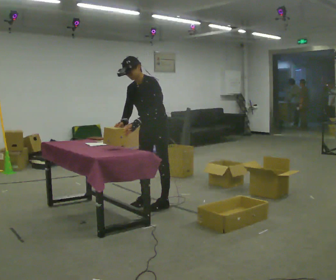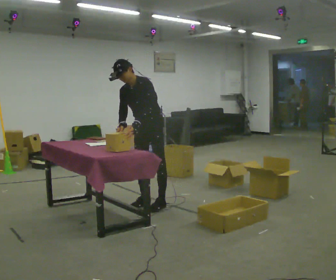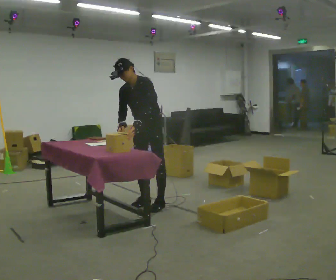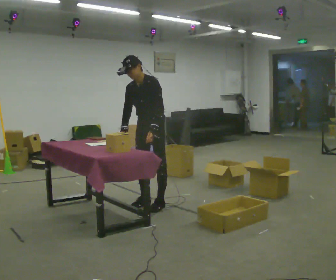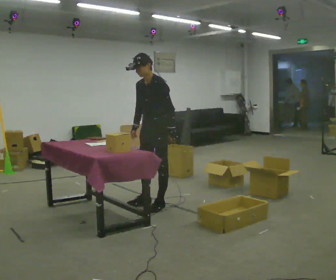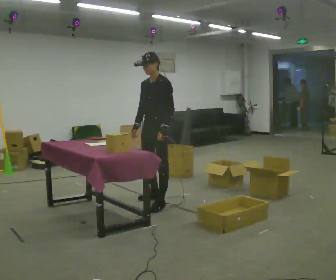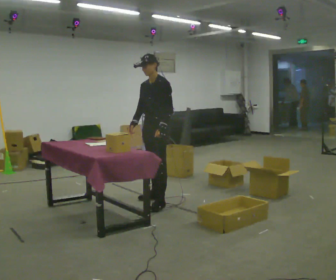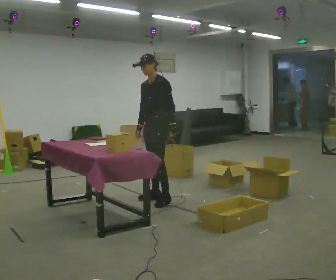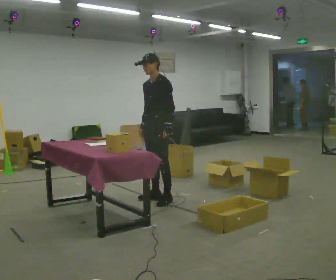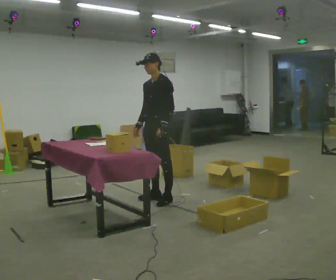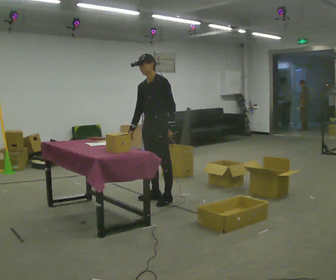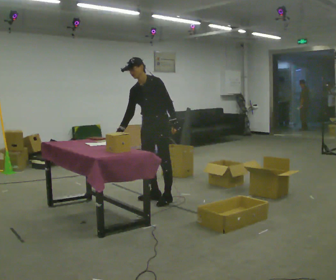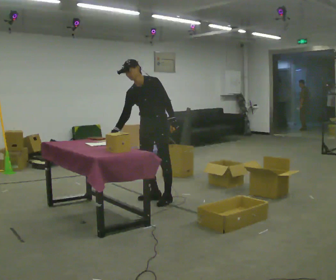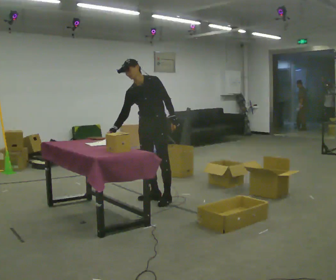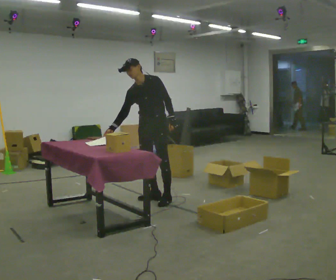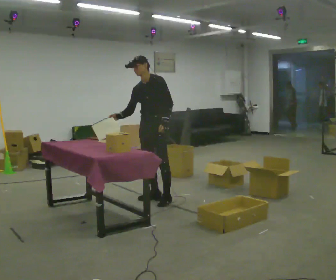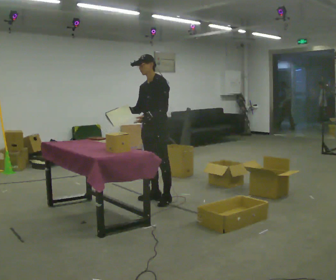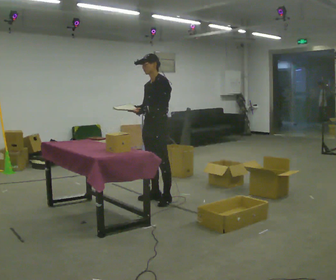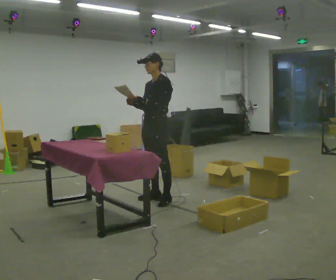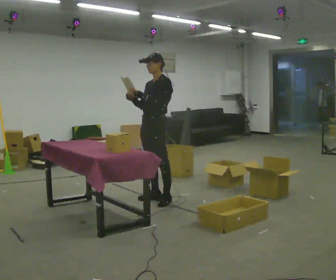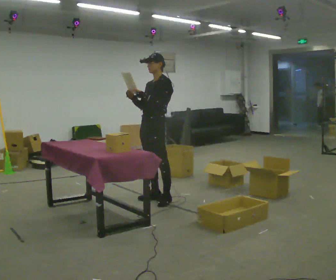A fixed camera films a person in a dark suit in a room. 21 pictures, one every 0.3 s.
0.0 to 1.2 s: The person moves a little, or ends about where they began.
1.2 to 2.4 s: In the picture they go away from the camera, about 0.25 m in 2 steps, which for them is backward and to their right.
2.4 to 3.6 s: Seen from above the body turns counterclockwise, about 30 degrees: to their left, with its near side sliding to the right. In the picture the upper body tilts counterclockwise, shoulders to the left. In the picture their right hand goes to the left.
3.6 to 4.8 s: The person turns about 30 degrees to their right, clockwise seen from above, so the part of the body nearest the lens slides to the left. In the picture the upper body tilts clockwise, shoulders to the right.
4.8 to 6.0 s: The person moves a little, or ends about where they began.
The film runs forward here.
